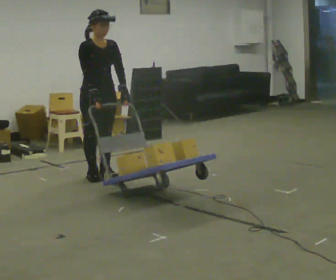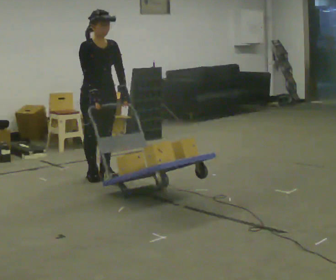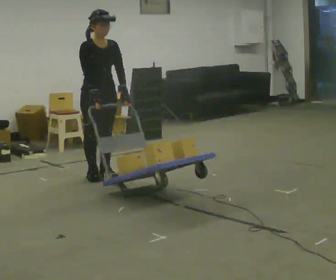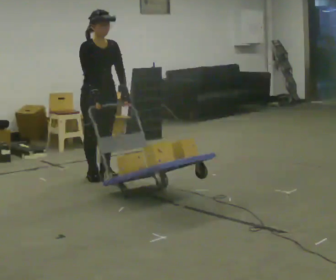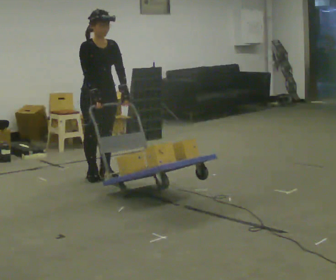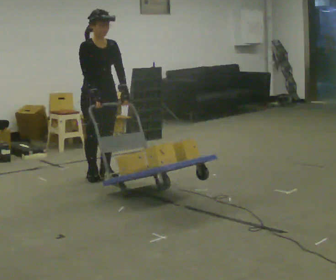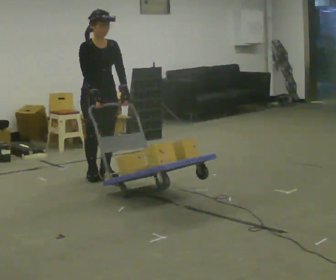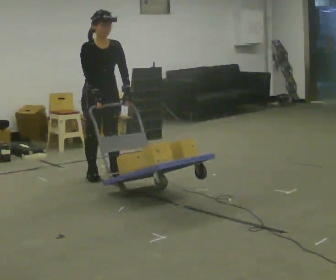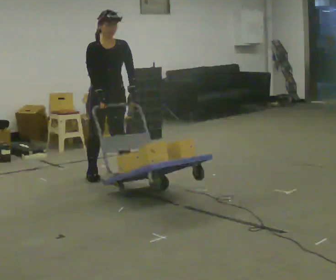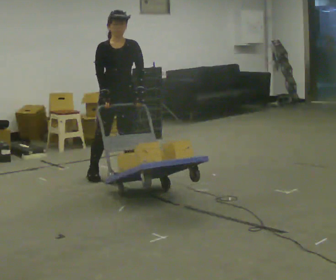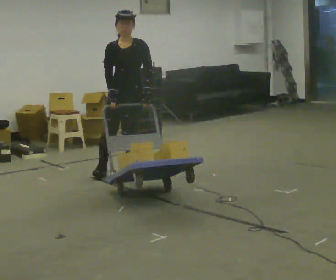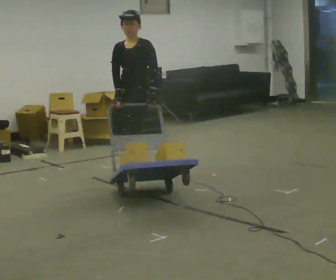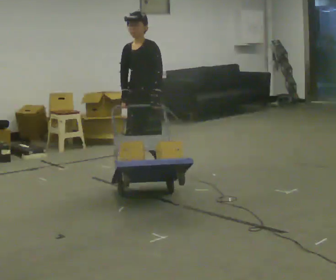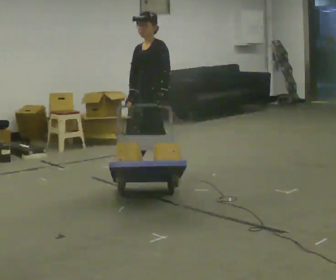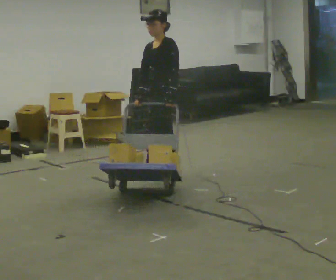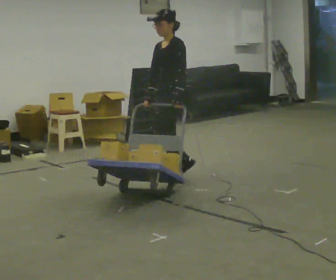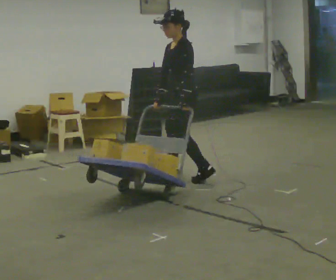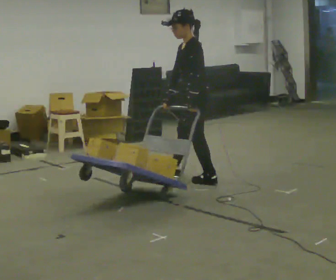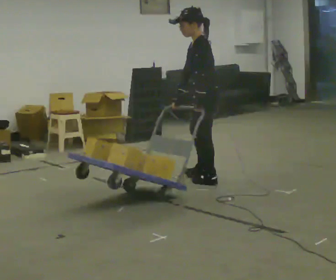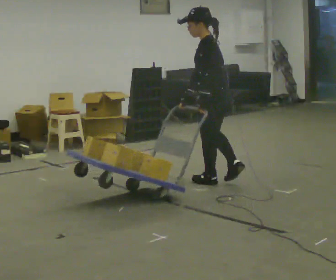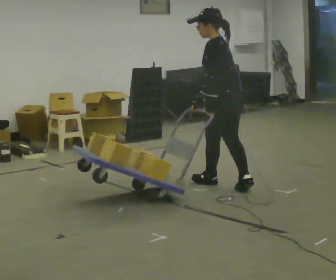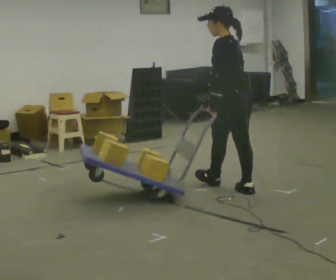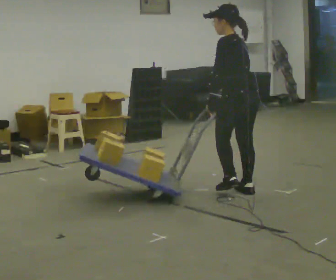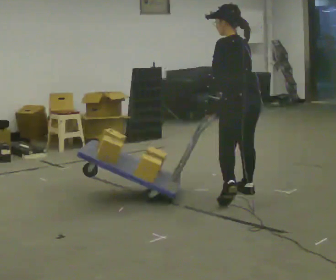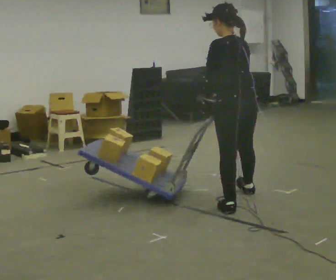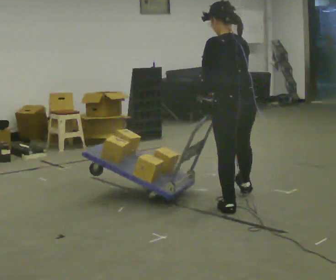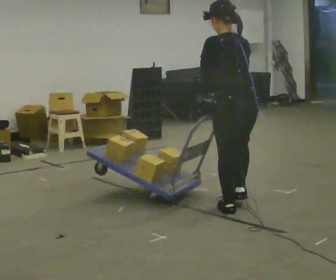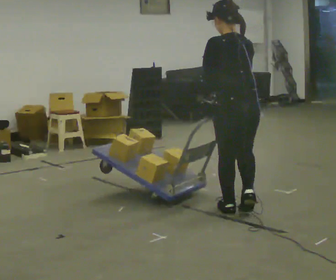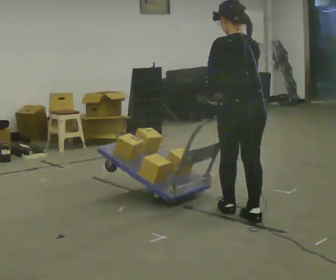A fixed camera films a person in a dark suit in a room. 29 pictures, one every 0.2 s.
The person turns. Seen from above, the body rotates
clockwise.
The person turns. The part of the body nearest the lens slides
to the left.
0.0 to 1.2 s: The person keeps their place and pose.
1.2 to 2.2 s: The part of the body nearest the lens slides to the left as the person turns to their right by about 60 degrees. In the picture they go to the right, about 0.25 m in 2 steps.
2.2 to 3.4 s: The person turns about 45 degrees to their right, clockwise seen from above, so the part of the body nearest the lens slides to the left. In the picture they go to the right, about 0.5 m in 1 step, which for them is backward and to their left.
3.4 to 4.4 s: The part of the body nearest the lens slides to the left as the person turns to their right by about 45 degrees. In the picture they go toward the camera and to the right, about 0.5 m in 2 steps, which for them is backward and to their left.
4.4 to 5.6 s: In the picture they go toward the camera, about 0.5 m in 1 step, which for them is backward and to their left.
The film runs backward here.
